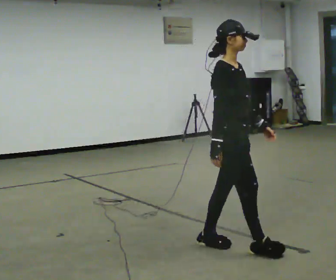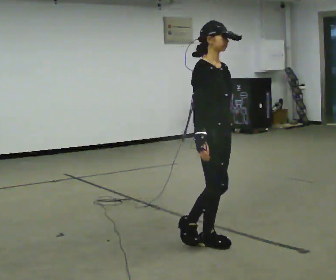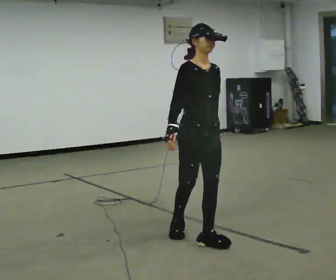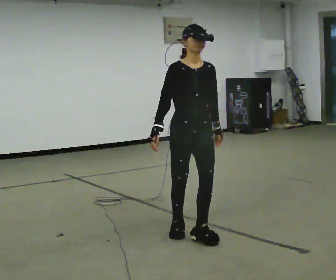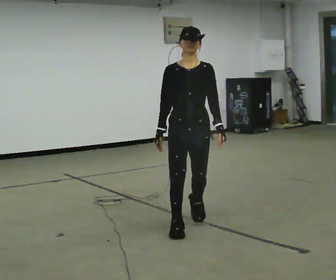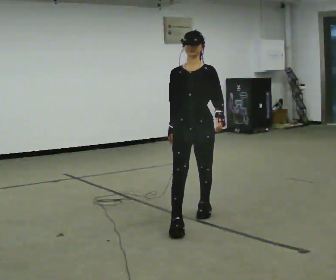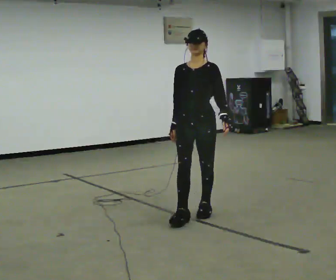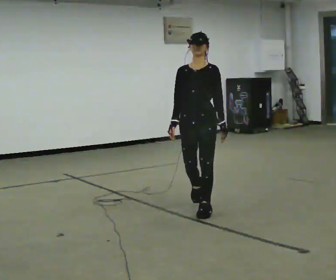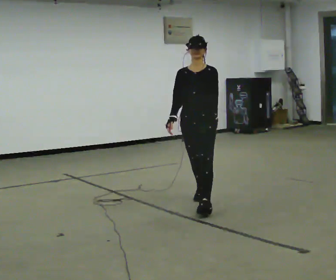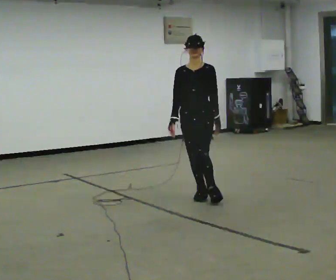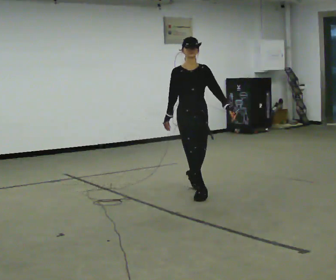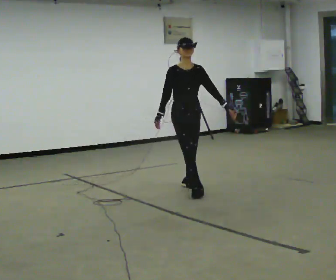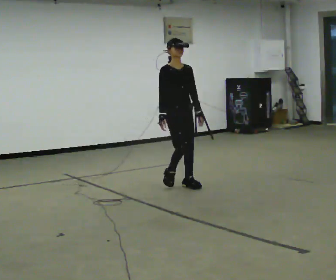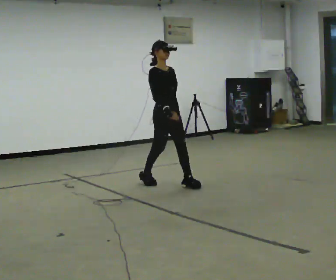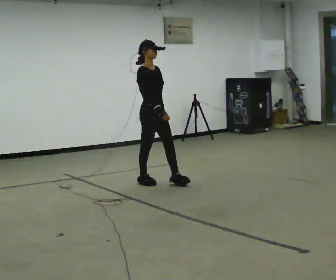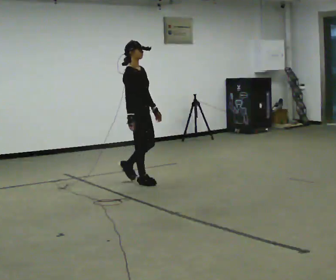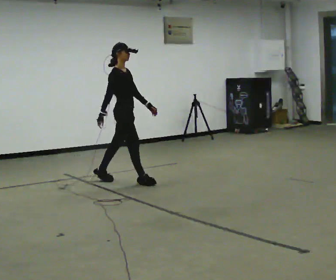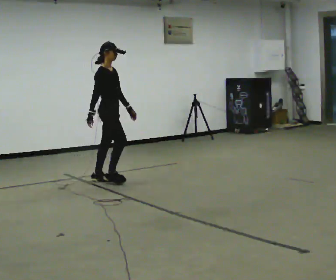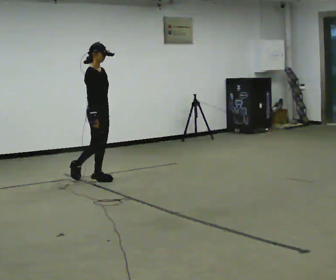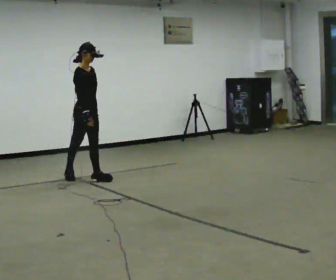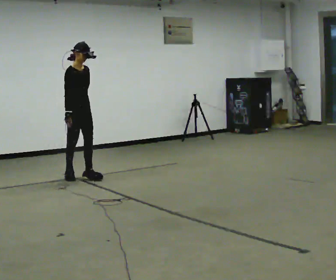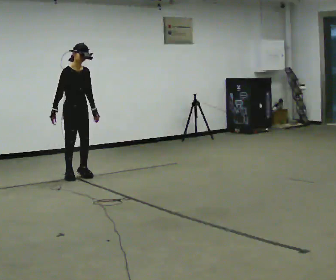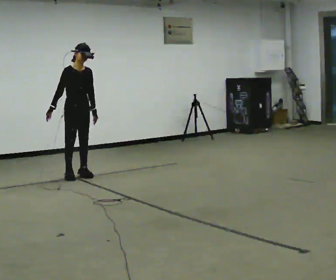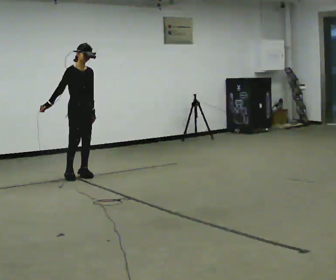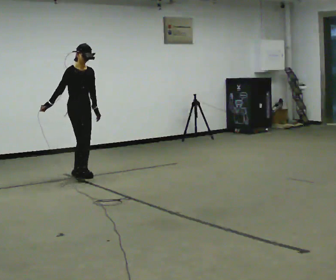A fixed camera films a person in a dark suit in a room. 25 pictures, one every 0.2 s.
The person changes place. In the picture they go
away from the camera.
0.0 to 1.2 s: The person turns about 75 degrees to their right, clockwise seen from above, so the part of the body nearest the lens slides to the left. In the picture they go away from the camera, about 1 m in 2 steps.
1.2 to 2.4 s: The person turns about 45 degrees to their left, counterclockwise seen from above, so the part of the body nearest the lens slides to the right. In the picture they go away from the camera, about 1 m in 2 steps, which for them is backward.
2.4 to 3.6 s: The person turns about 45 degrees to their left, counterclockwise seen from above, so the part of the body nearest the lens slides to the right. In the picture they go to the left and away from the camera, about 1 m in 2 steps, which for them is backward.
3.6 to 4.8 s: The person turns about 30 degrees to their right, clockwise seen from above, so the part of the body nearest the lens slides to the left. In the picture they go to the left and away from the camera, about 0.25 m in 2 steps, which for them is backward.
The film runs backward here.
